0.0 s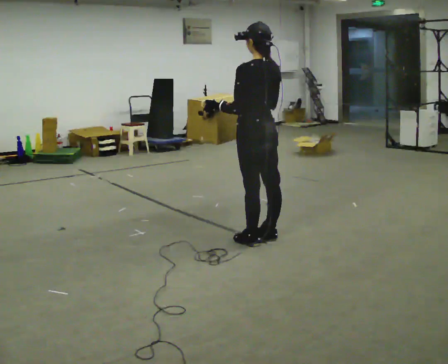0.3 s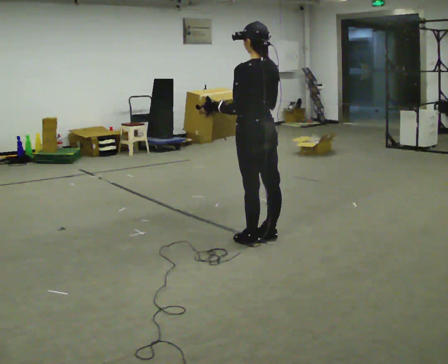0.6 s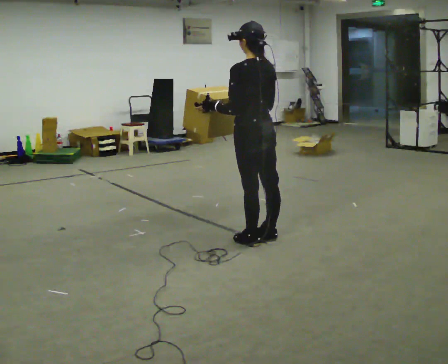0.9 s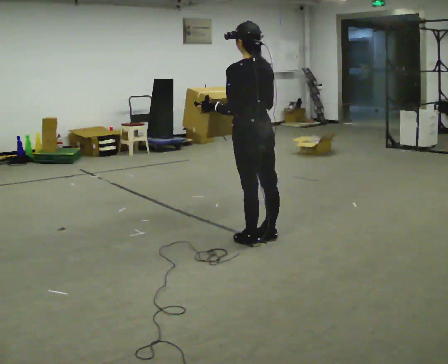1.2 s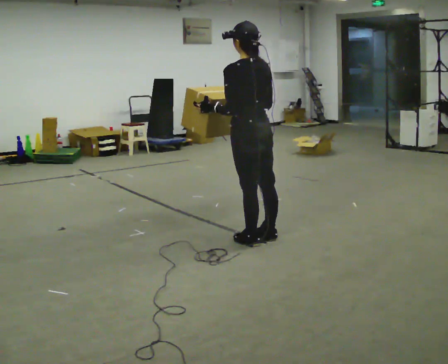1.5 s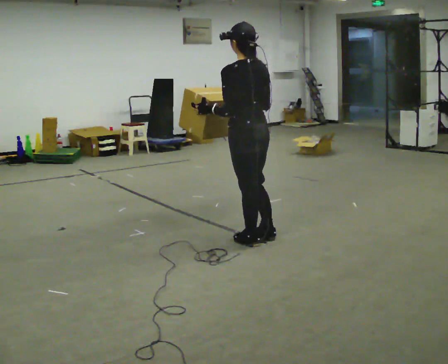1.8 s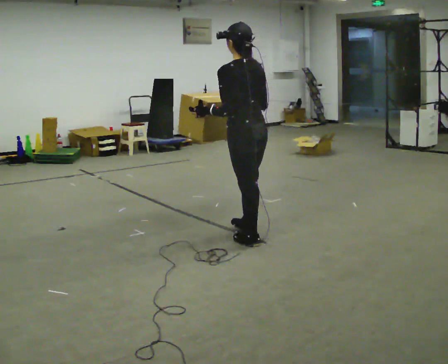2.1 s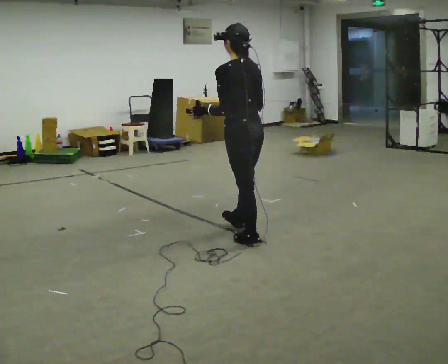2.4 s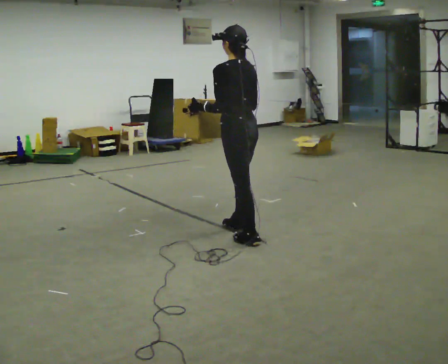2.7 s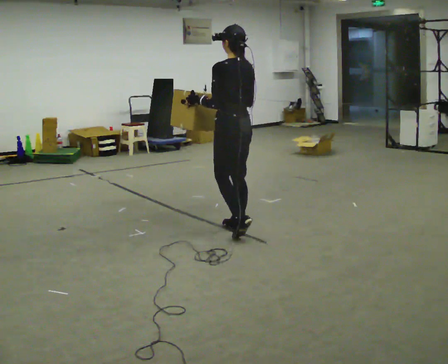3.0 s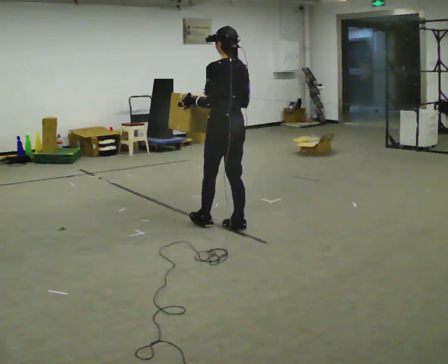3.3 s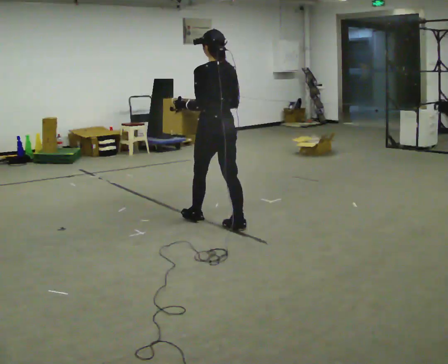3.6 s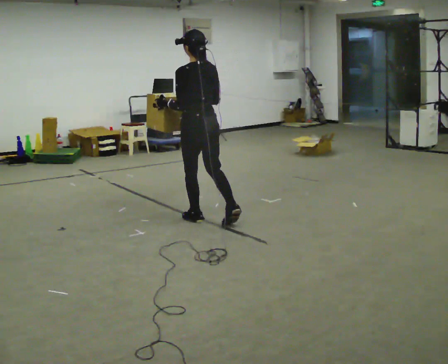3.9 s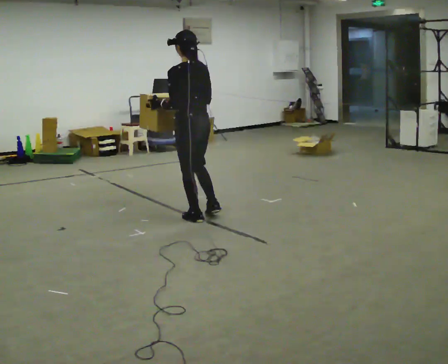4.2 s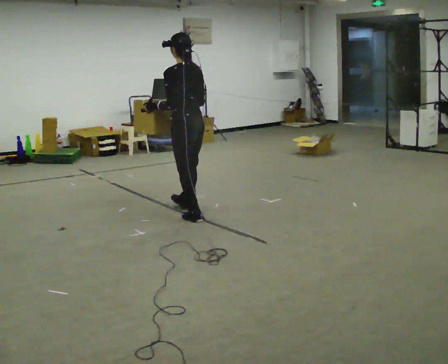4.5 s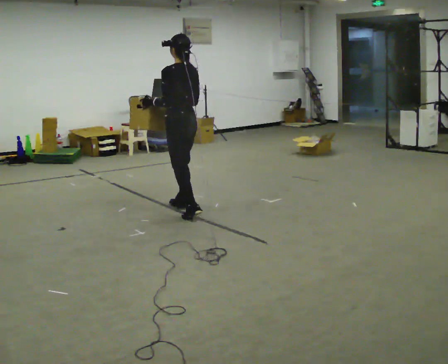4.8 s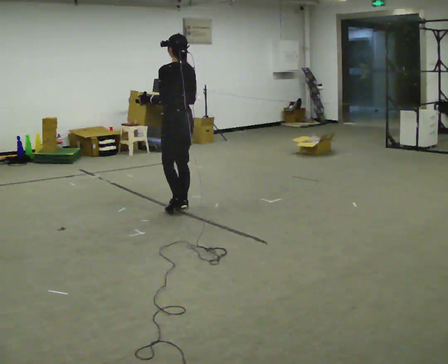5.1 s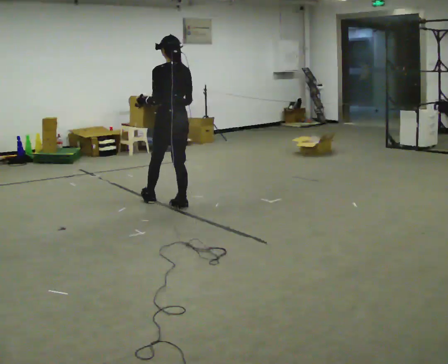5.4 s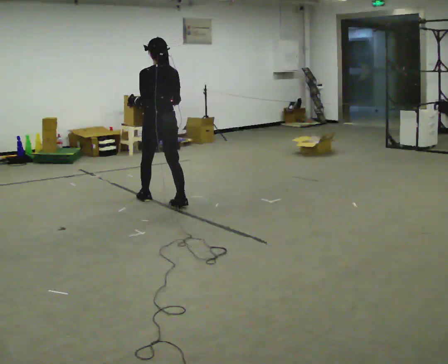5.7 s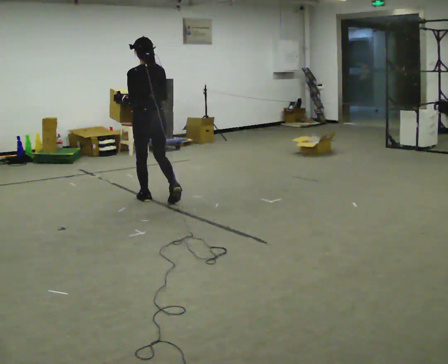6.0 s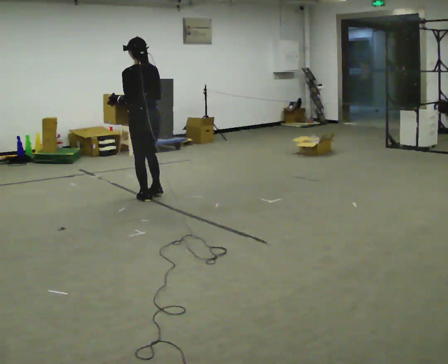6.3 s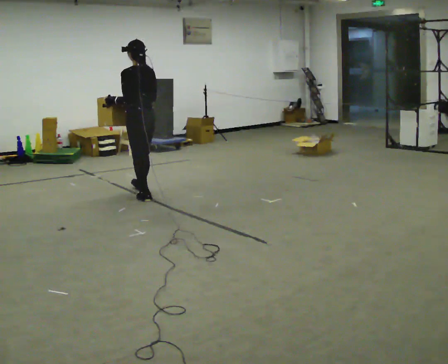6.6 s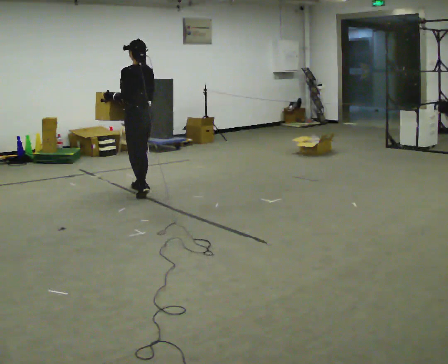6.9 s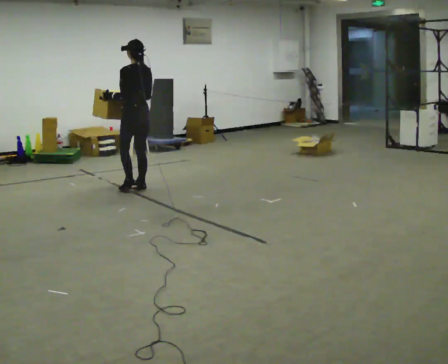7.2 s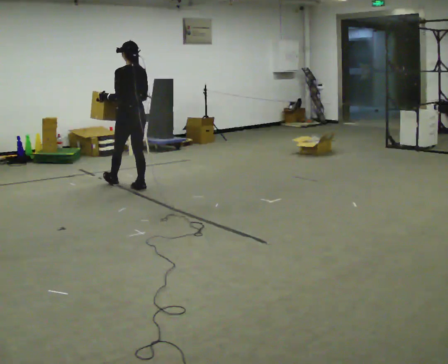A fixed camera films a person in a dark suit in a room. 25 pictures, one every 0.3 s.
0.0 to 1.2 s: The person moves a little, or ends about where they began.
1.2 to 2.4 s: In the picture they go away from the camera, about 0.25 m in 1 step, which for them is forward.
2.4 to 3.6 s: In the picture they go away from the camera and to the left, about 0.5 m in 1 step, which for them is forward.
3.6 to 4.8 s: In the picture they go away from the camera and to the left, about 0.5 m in 1 step, which for them is forward.
4.8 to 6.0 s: In the picture they go away from the camera and to the left, about 0.5 m in 1 step, which for them is forward and to their left.
6.0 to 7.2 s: In the picture they go away from the camera, about 0.5 m in 1 step, which for them is forward.
The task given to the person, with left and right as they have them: Carry the box across the room much more slowly and carefully than normal, back and forth.
The film runs forward here.
